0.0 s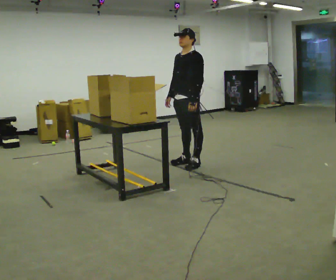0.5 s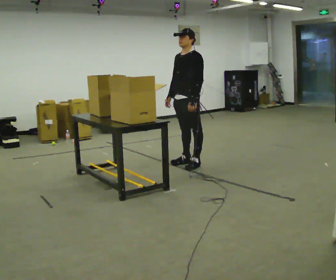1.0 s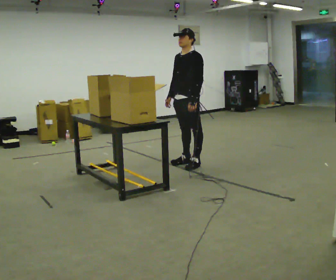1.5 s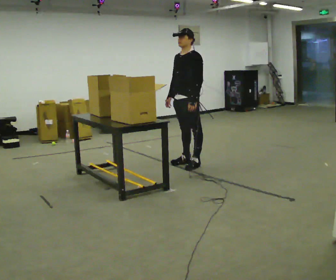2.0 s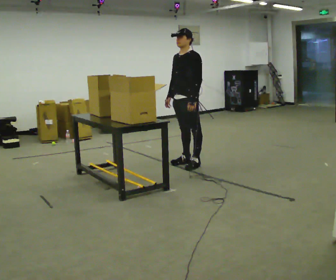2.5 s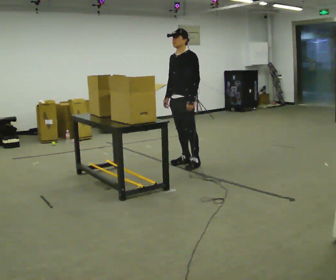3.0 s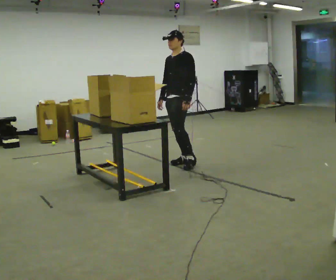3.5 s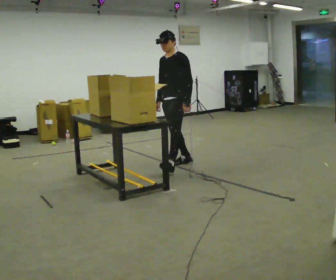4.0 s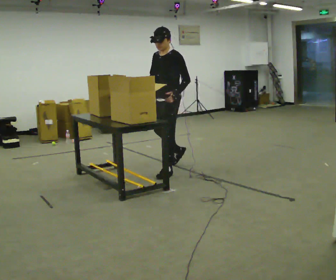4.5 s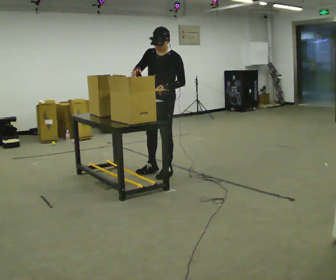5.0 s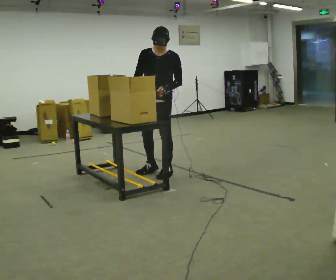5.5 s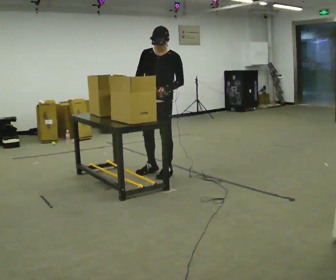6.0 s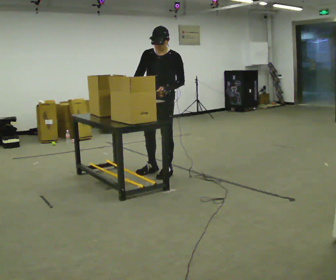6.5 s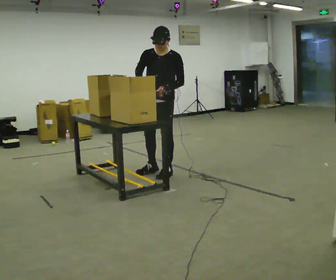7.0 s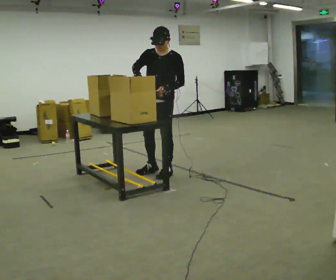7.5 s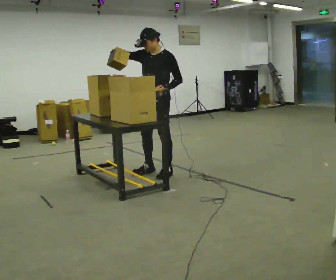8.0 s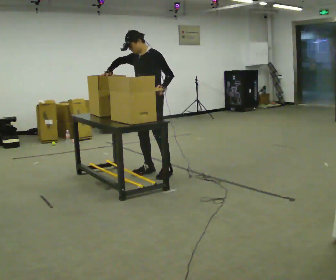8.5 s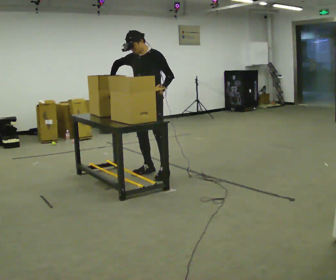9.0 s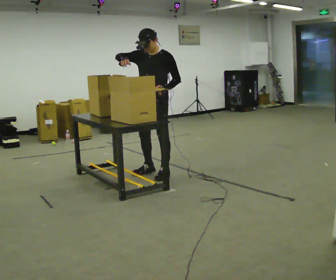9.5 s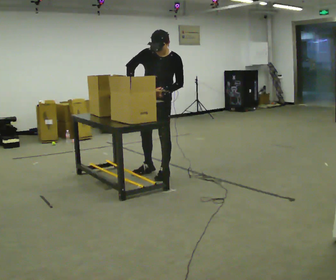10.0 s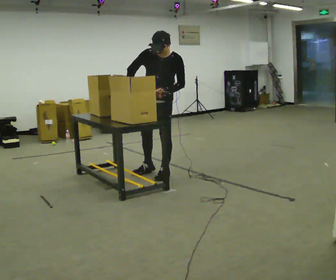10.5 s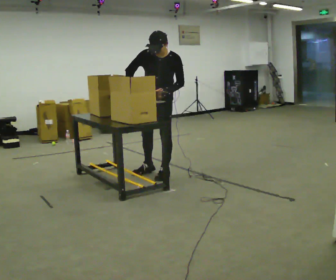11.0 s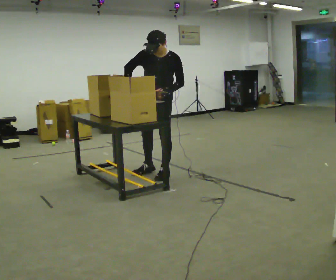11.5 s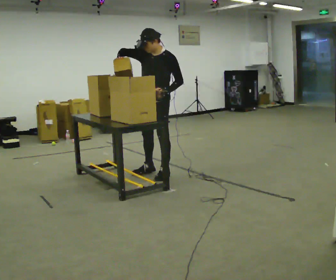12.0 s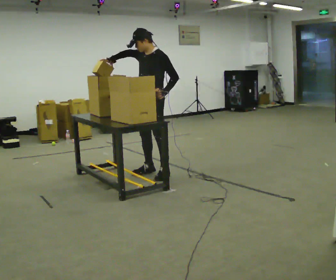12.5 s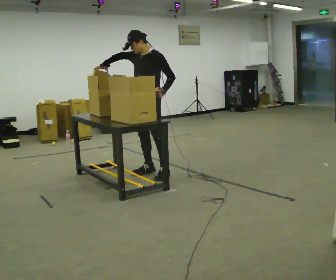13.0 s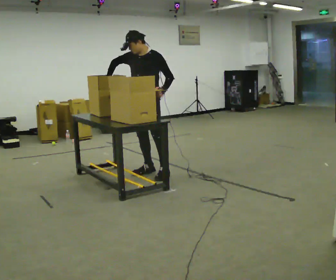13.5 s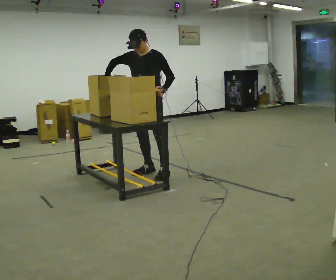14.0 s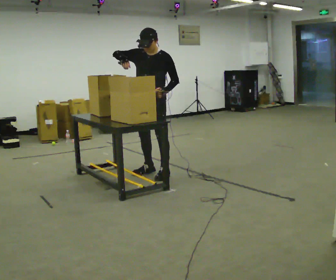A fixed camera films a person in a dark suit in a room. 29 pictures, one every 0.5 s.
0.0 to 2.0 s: The person keeps their place and pose.
2.0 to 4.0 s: In the picture they go toward the camera and to the left, about 0.5 m in 1 step, which for them is forward.
4.0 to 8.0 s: In the picture they go to the left, about 0.25 m in 1 step, which for them is to their right and forward. In the picture their right hand goes to the left.
8.0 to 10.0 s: The person turns about 30 degrees to their left, counterclockwise seen from above, so the part of the body nearest the lens slides to the right. The upper body tips toward the camera, its near side rolling downward.
10.0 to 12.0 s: The person turns about 30 degrees to their right, clockwise seen from above, so the part of the body nearest the lens slides to the left. In the picture their right hand goes upward.
12.0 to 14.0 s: The person moves a little, or ends about where they began.
The film runs forward here.
